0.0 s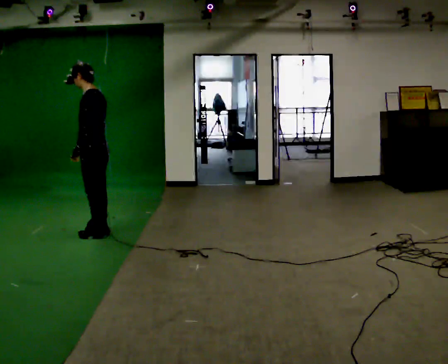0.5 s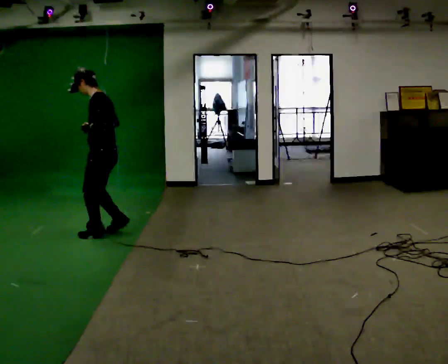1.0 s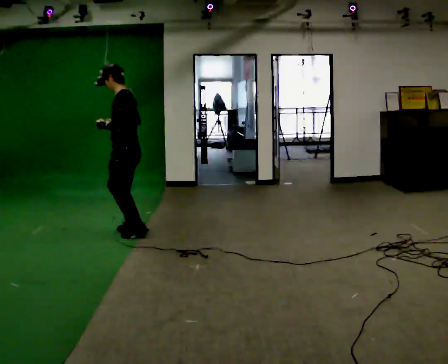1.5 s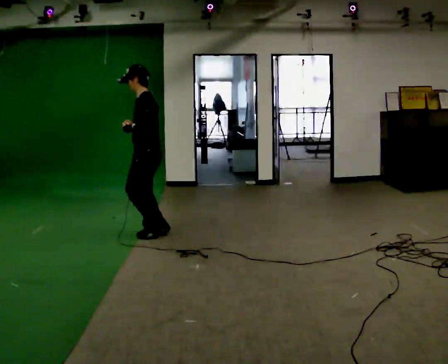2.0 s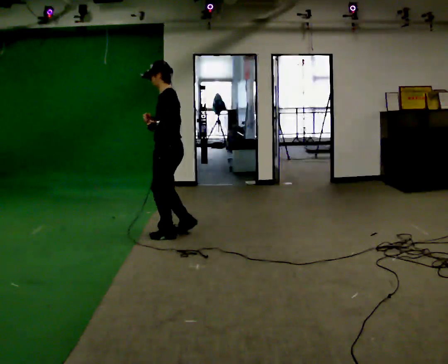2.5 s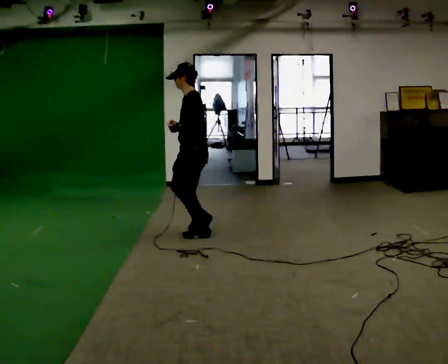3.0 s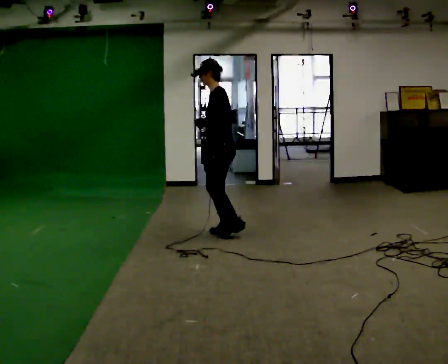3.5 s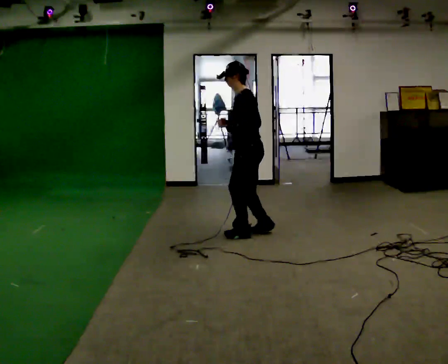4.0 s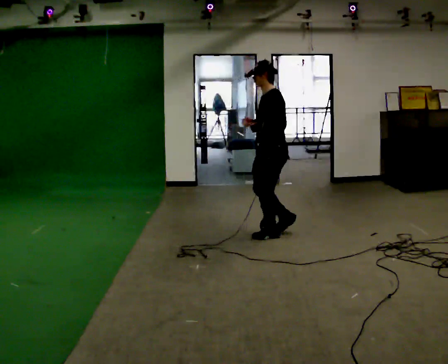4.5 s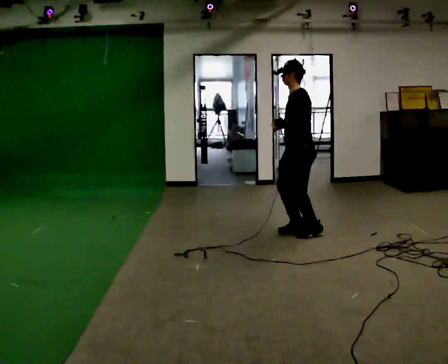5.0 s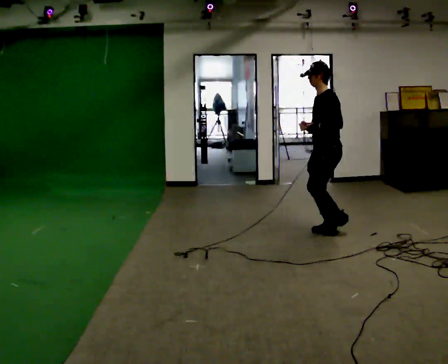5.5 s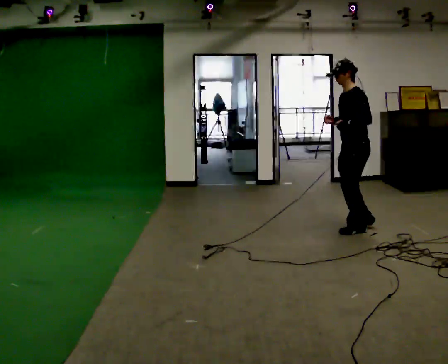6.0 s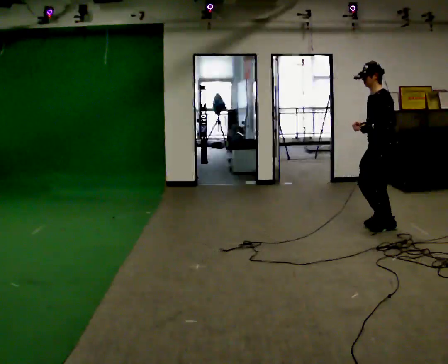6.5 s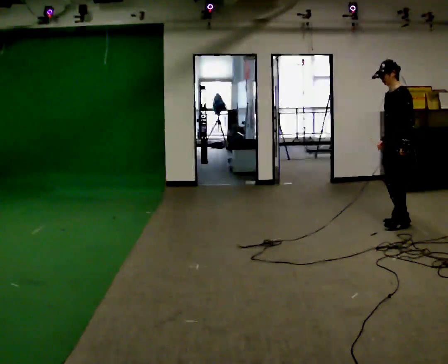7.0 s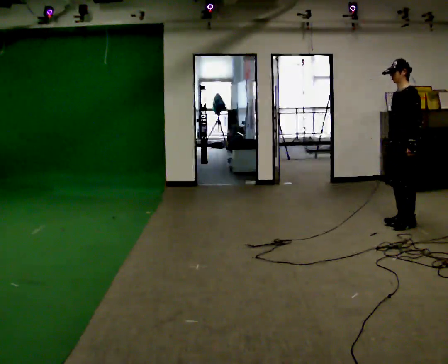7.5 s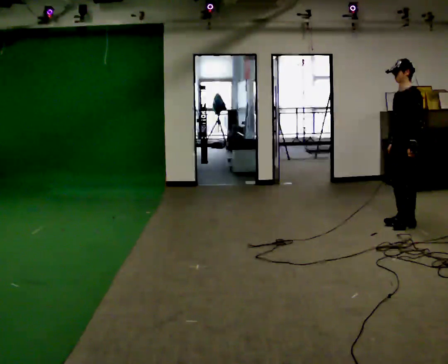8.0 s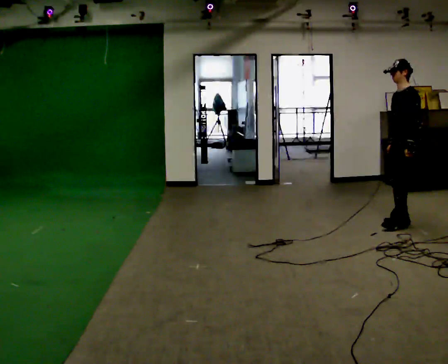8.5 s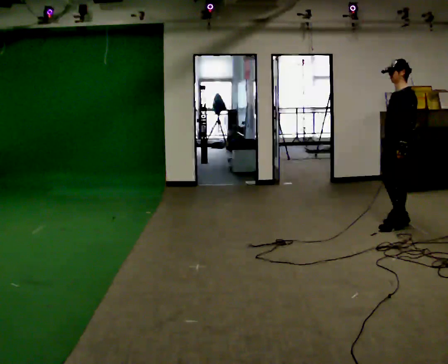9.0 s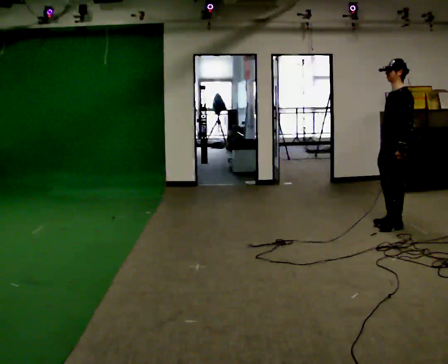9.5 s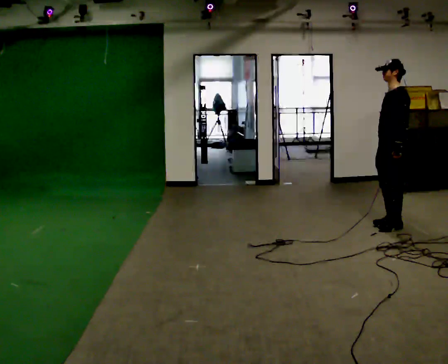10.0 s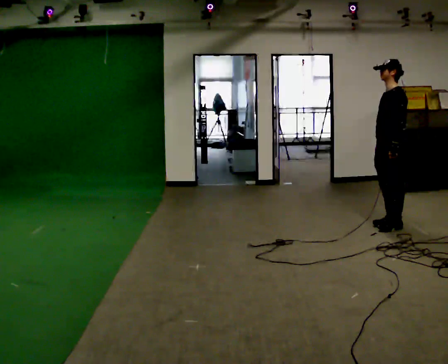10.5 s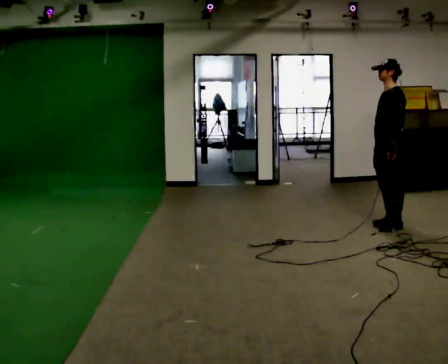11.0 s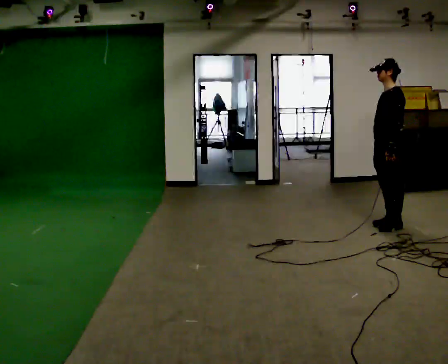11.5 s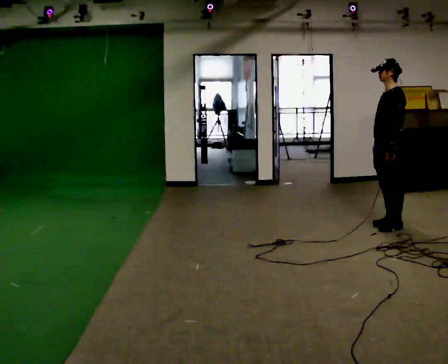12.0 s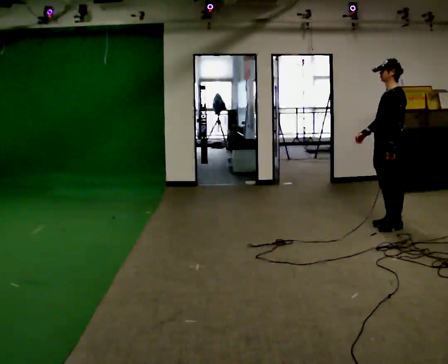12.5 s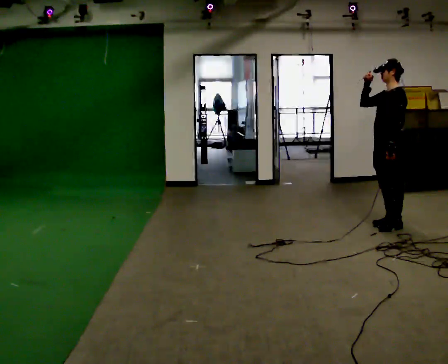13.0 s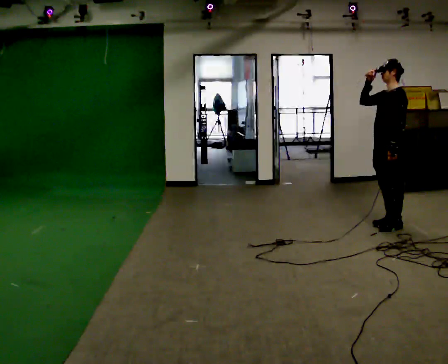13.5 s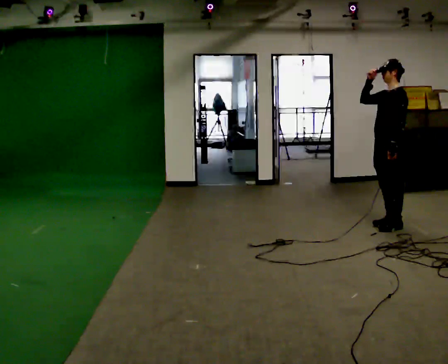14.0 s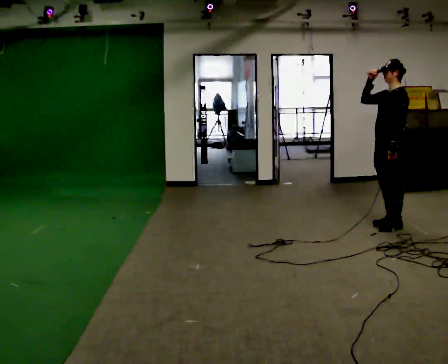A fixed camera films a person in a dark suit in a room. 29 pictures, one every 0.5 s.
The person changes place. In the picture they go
to the right.
0.0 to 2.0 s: In the picture they go to the right and away from the camera, about 0.5 m in 4 steps, which for them is backward.
2.0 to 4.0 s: In the picture they go to the right, about 1 m in 6 steps, which for them is backward.
4.0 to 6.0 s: In the picture they go to the right, about 1 m in 6 steps, which for them is backward.
6.0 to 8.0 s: In the picture they go to the right, about 0.25 m in 2 steps, which for them is backward. In the picture their right hand goes to the right.
8.0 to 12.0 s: In the picture they go to the left, about 0.25 m, which for them is forward. In the picture their right hand goes to the left.
12.0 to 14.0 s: In the picture their right hand goes upward.
The film runs forward here.
